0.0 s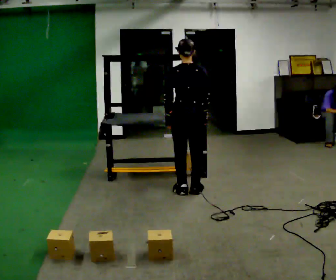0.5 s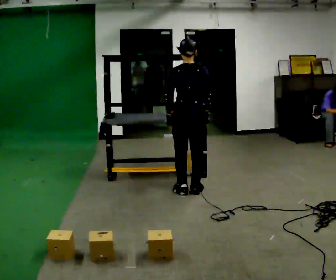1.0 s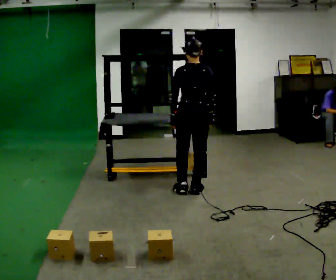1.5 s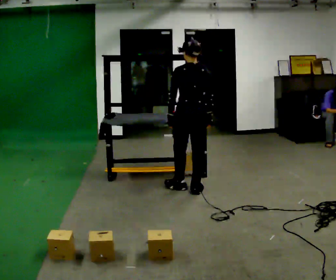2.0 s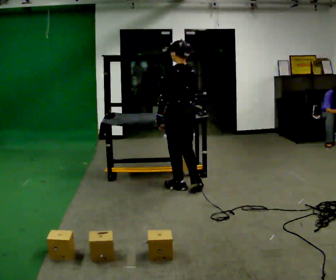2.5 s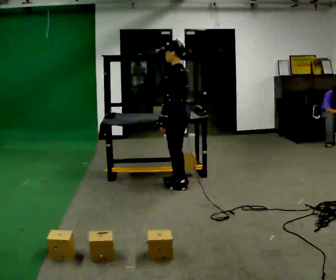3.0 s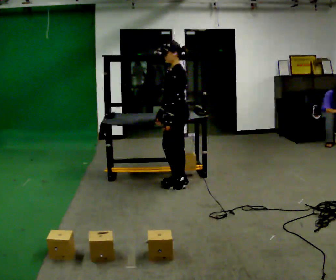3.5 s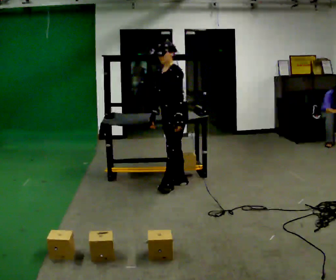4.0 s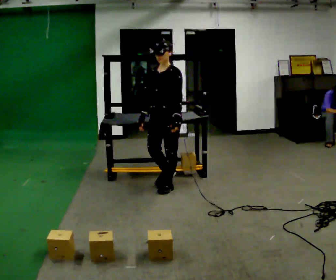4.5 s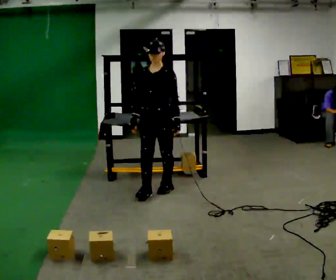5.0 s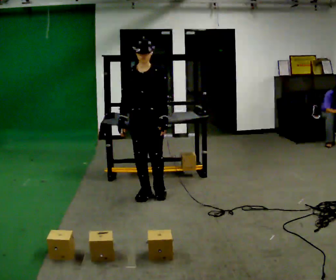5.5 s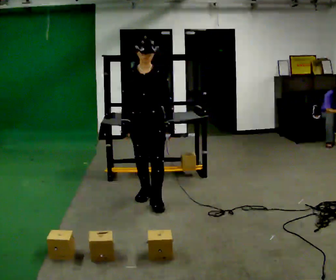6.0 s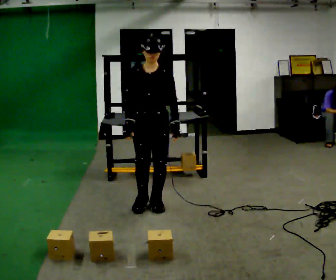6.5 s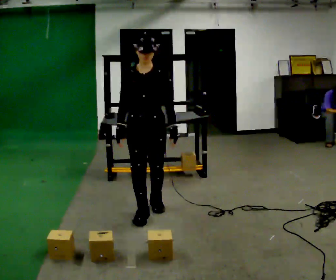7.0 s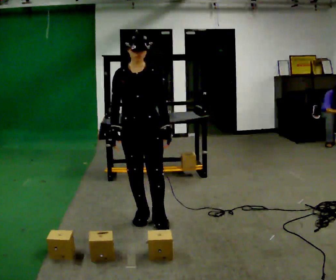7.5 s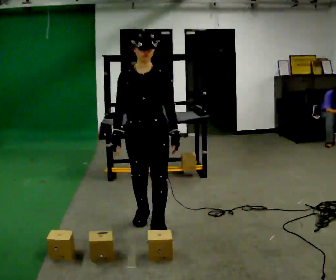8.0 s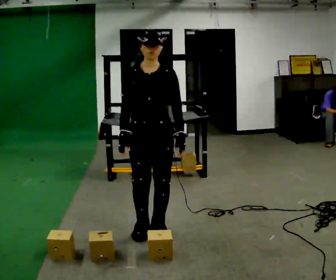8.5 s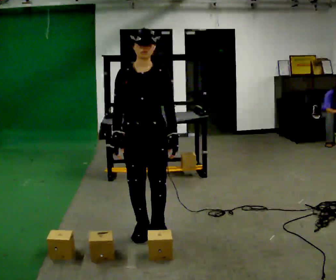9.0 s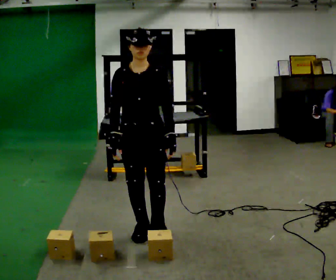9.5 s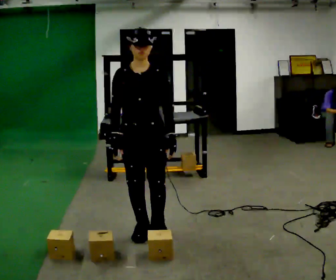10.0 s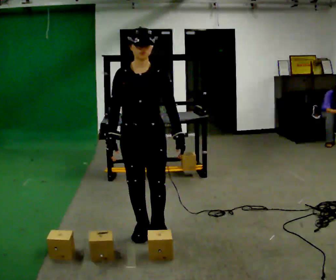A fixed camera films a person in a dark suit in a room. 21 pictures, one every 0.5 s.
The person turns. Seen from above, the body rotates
counterclockwise.
The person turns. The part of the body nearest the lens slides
to the right.
0.0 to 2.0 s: The part of the body nearest the lens slides to the right as the person turns to their left by about 30 degrees.
2.0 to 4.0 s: Seen from above the body turns counterclockwise, about 105 degrees: to their left, with its near side sliding to the right. In the picture they go to the left, about 0.25 m in 2 steps. In the picture their right hand goes to the left.
4.0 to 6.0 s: The person turns about 30 degrees to their left, counterclockwise seen from above, so the part of the body nearest the lens slides to the right. In the picture they go toward the camera, about 0.5 m in 2 steps, which for them is forward.
6.0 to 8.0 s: In the picture they go toward the camera, about 0.5 m in 2 steps, which for them is forward.
8.0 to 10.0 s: The person moves a little, or ends about where they began.
The film runs forward here.
